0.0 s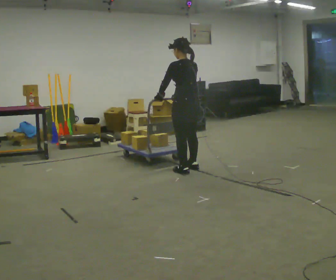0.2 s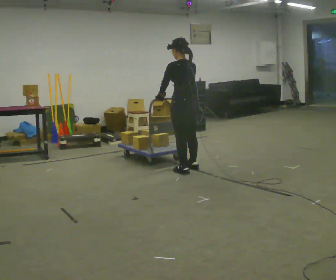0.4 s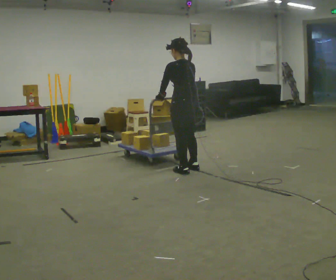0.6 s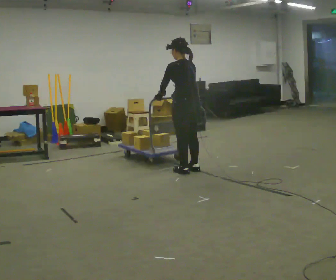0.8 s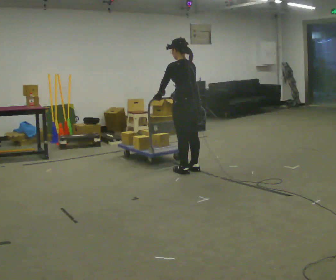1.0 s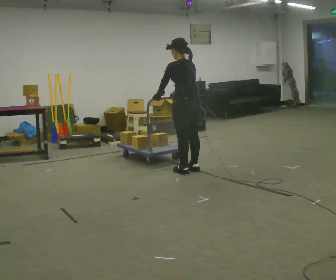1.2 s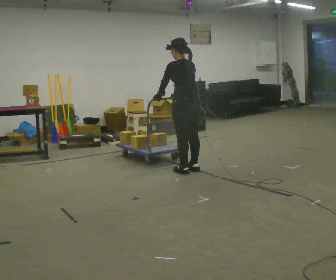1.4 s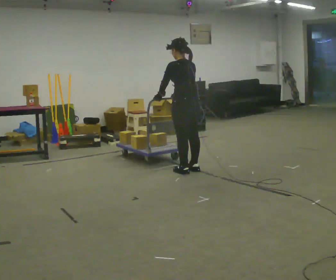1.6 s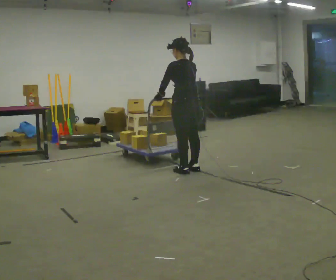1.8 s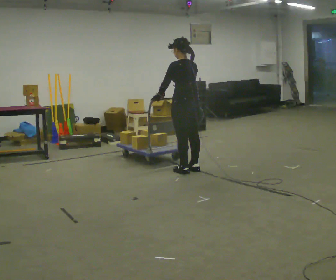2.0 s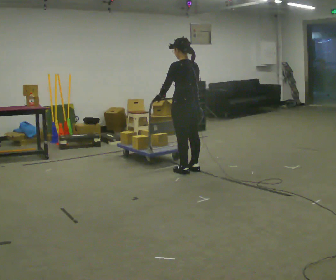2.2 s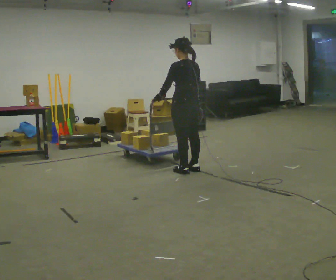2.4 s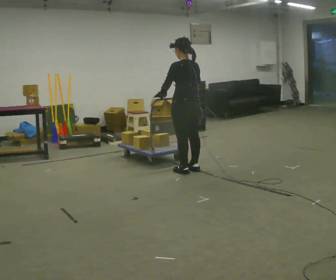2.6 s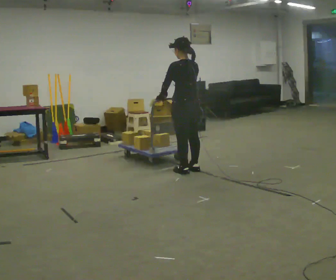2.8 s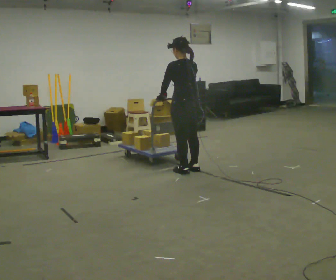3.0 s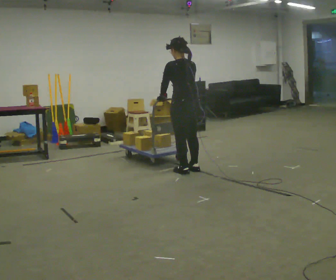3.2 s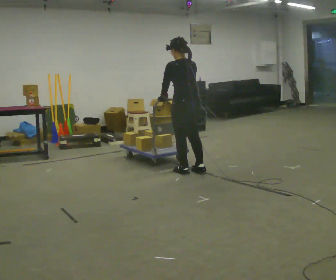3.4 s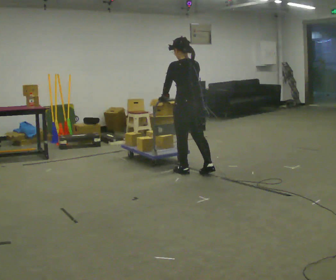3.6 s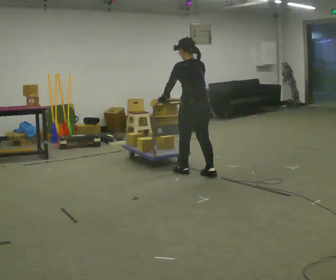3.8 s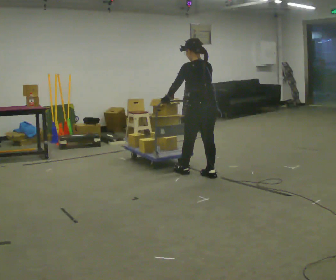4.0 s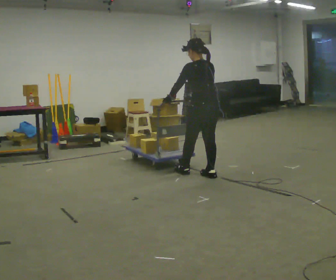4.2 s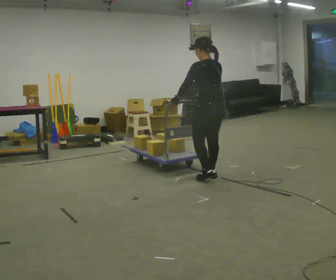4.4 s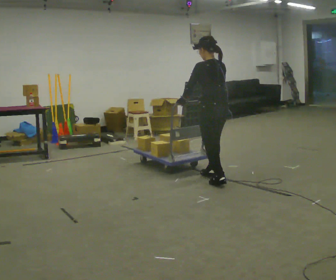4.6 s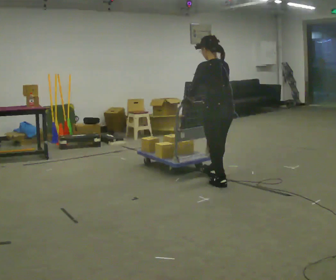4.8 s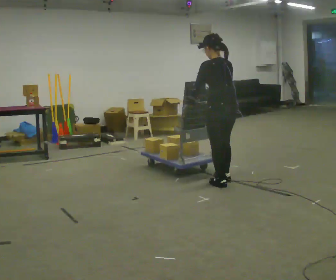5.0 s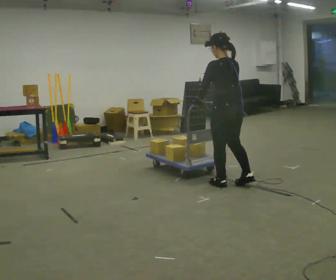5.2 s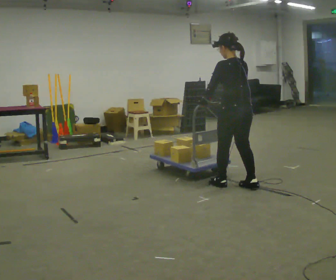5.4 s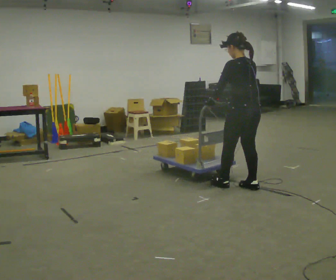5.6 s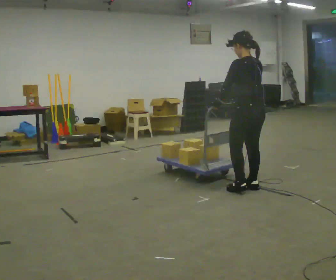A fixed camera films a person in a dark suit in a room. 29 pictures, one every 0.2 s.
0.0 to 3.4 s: In the picture they go toward the camera, about 0.25 m, which for them is backward.
3.4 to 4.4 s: In the picture they go toward the camera and to the right, about 0.5 m in 2 steps, which for them is backward.
4.4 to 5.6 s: In the picture they go toward the camera and to the right, about 0.5 m in 1 step, which for them is backward.
The film runs forward here.
